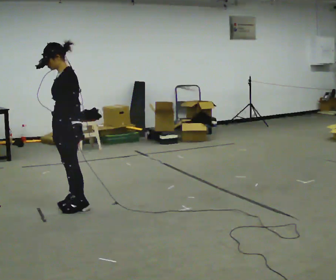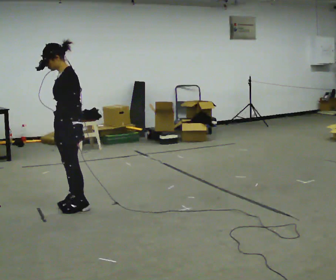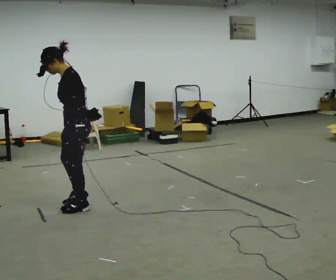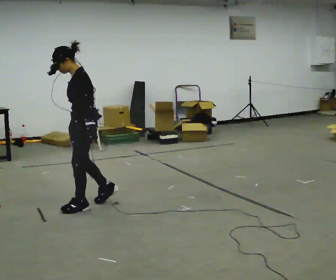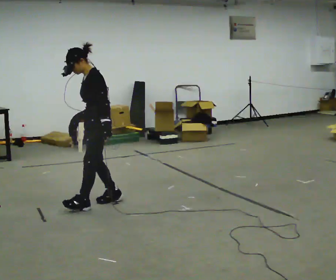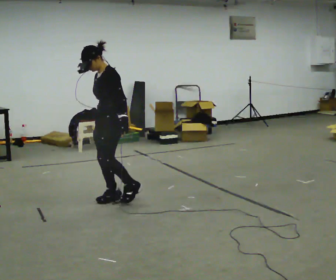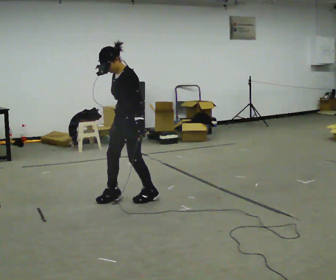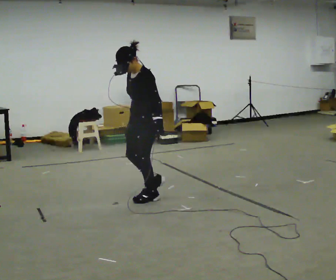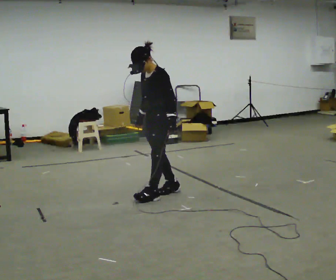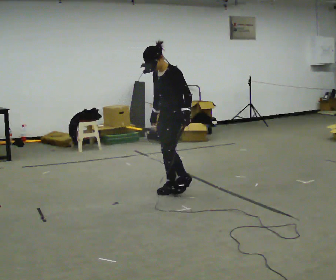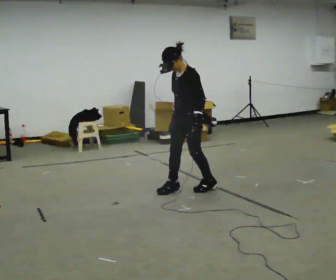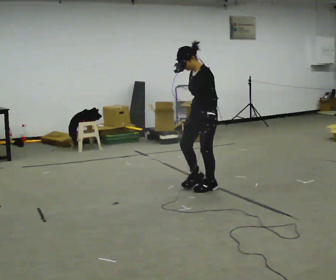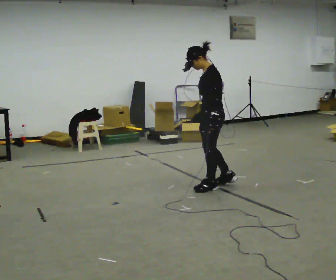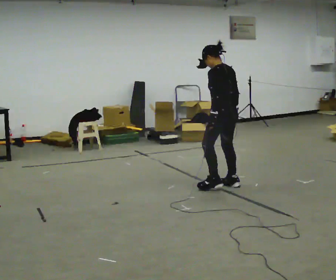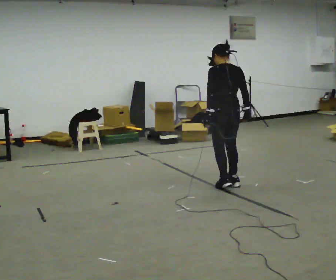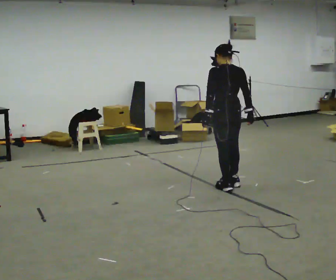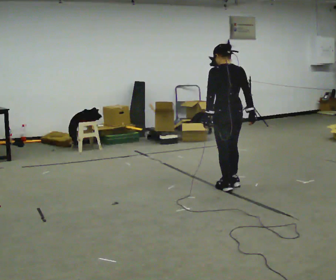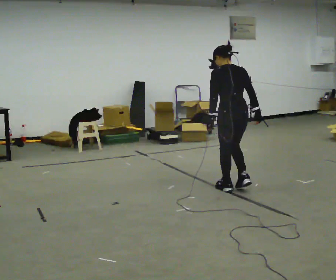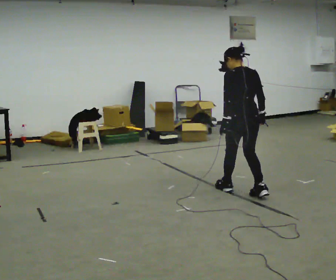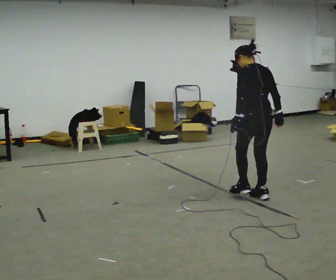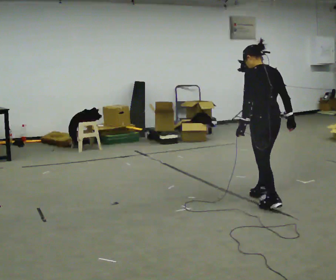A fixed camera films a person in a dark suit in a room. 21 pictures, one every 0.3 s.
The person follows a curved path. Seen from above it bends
clockwise.
The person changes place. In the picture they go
to the right.
0.0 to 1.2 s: In the picture they go to the right and away from the camera, about 0.25 m in 1 step, which for them is backward.
1.2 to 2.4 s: In the picture they go to the right and away from the camera, about 0.5 m in 2 steps, which for them is backward.
2.4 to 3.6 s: Seen from above the body turns clockwise, about 30 degrees: to their right, with its near side sliding to the left. In the picture they go to the right and away from the camera, about 0.5 m in 1 step, which for them is backward.
3.6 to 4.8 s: The person turns about 75 degrees to their right, clockwise seen from above, so the part of the body nearest the lens slides to the left. In the picture their right hand goes to the right.
4.8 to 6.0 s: In the picture they go toward the camera and to the right, about 0.75 m in 2 steps, which for them is backward.
The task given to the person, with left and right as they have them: Walk backward several steps, then turn while still moving backward, then continue backward. Operator confirms the space behind you is clear.
The film runs forward here.
